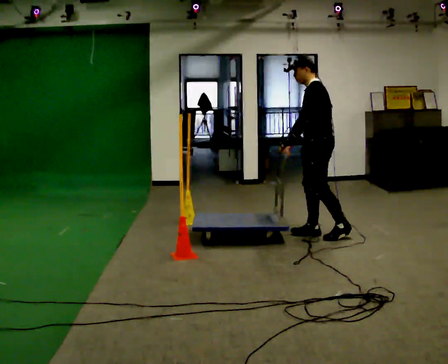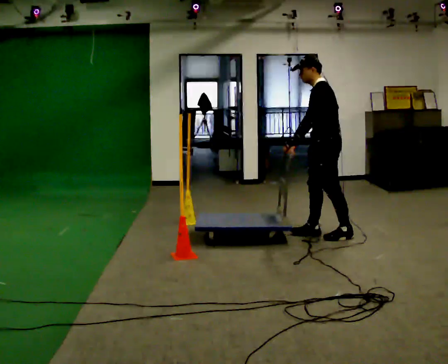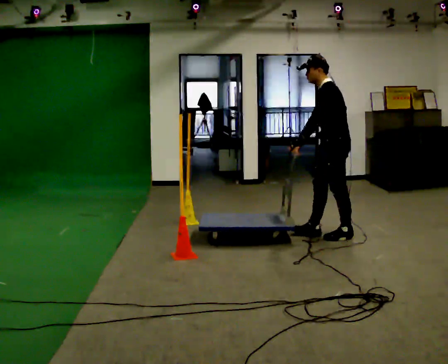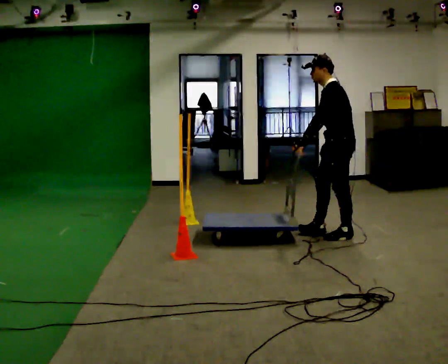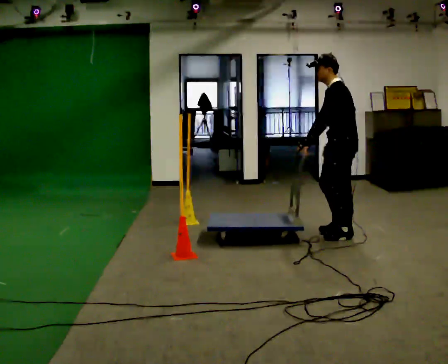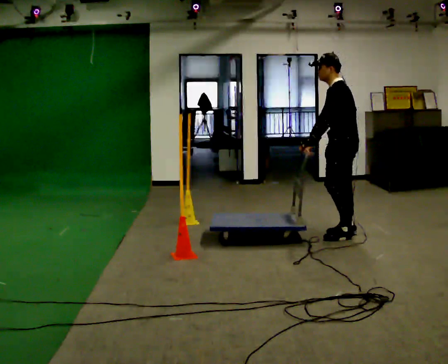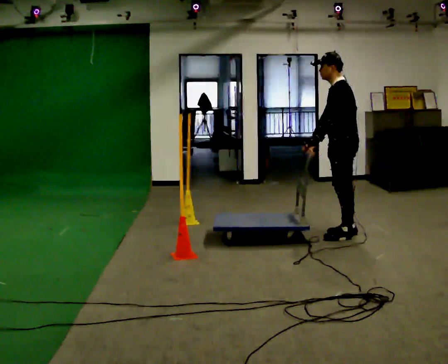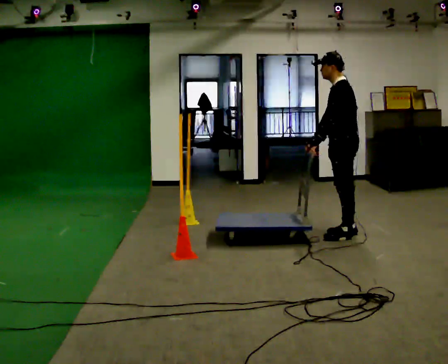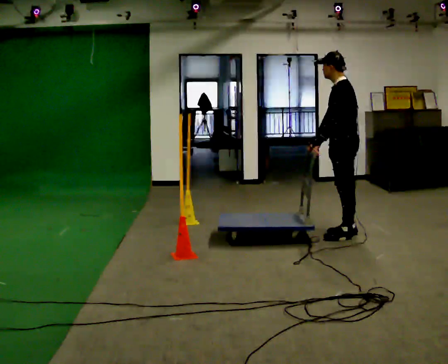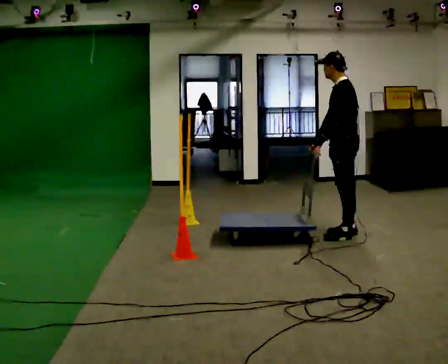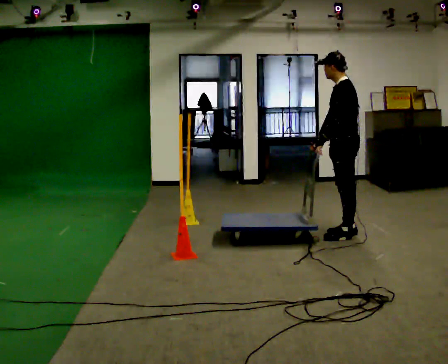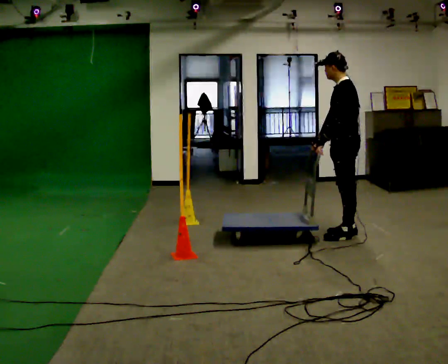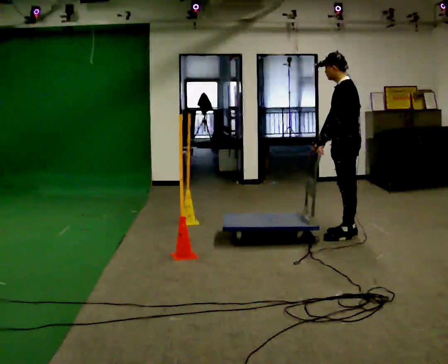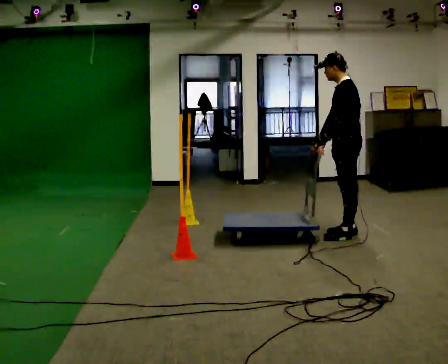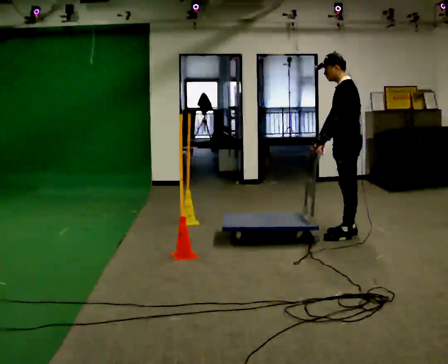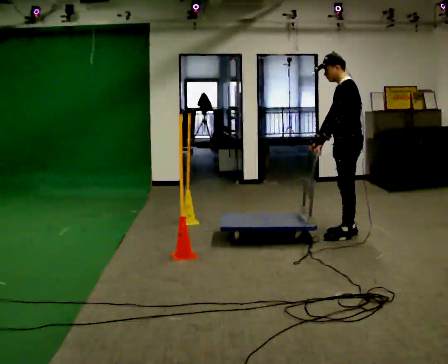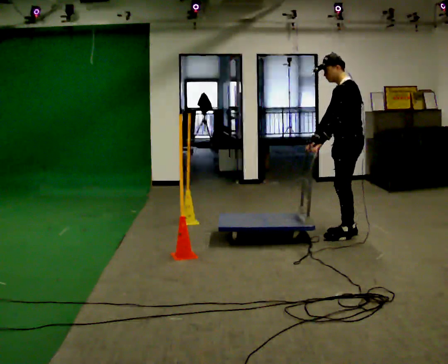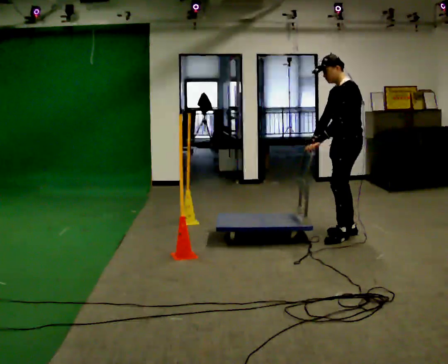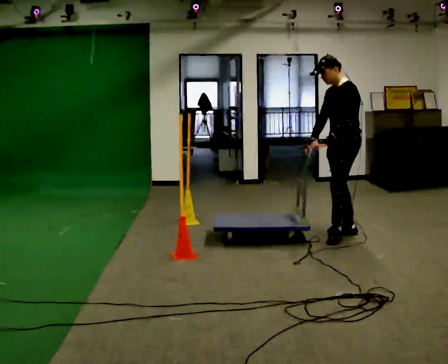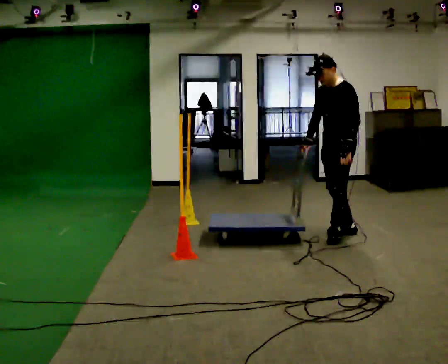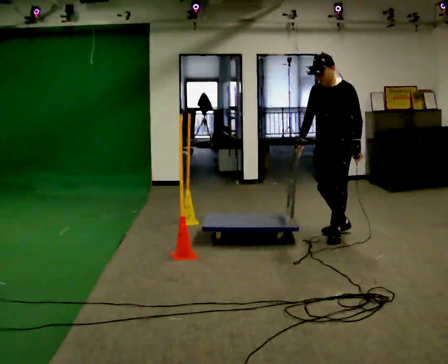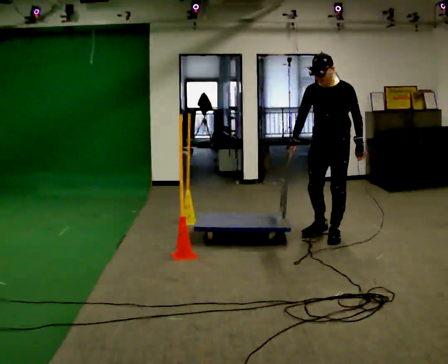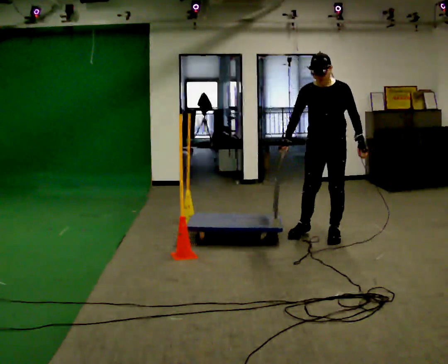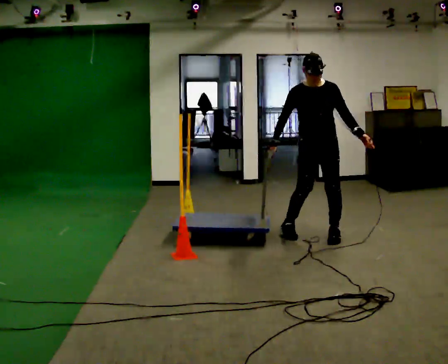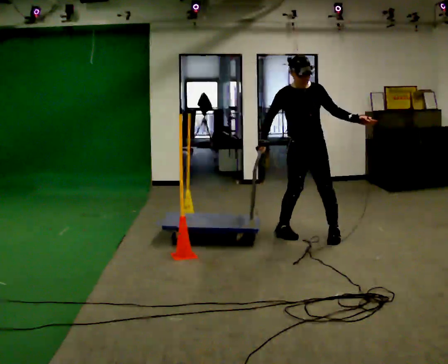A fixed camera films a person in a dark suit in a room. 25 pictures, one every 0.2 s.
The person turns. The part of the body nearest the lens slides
to the right.
The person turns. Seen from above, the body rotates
counterclockwise.
0.0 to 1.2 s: In the picture they go to the right, about 0.25 m in 1 step, which for them is backward.
1.2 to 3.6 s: The person moves a little, or ends about where they began.
3.6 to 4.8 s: The part of the body nearest the lens slides to the right as the person turns to their left by about 90 degrees. In the picture they go to the left, about 0.5 m in 1 step.
The film runs backward here.
